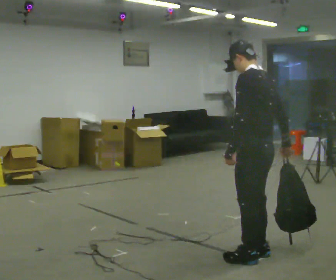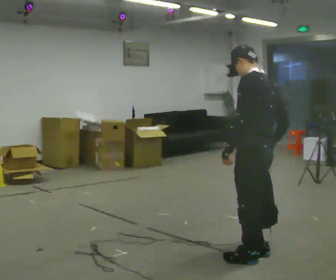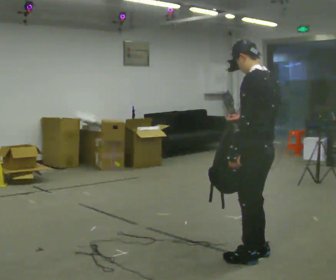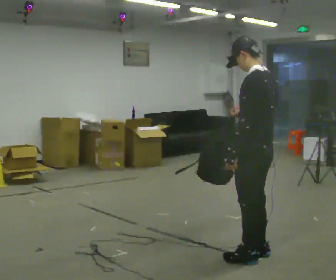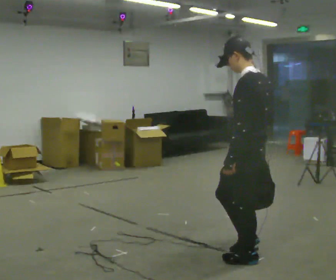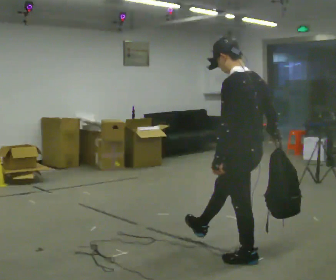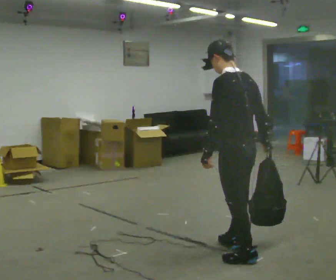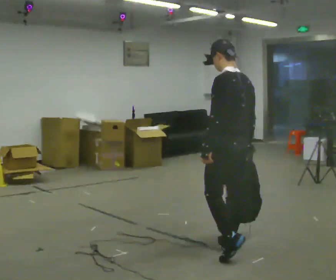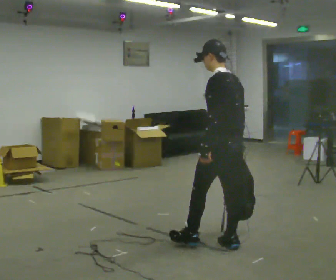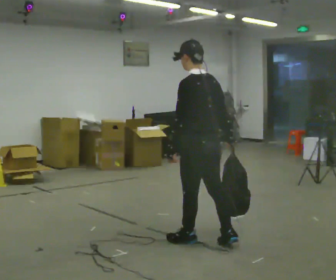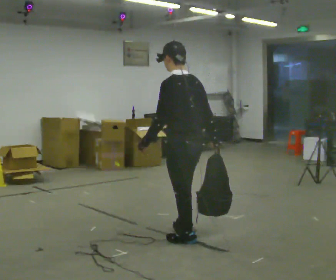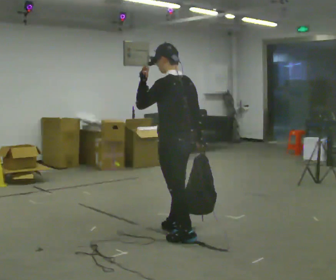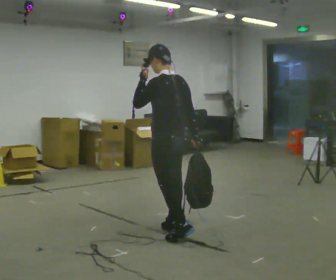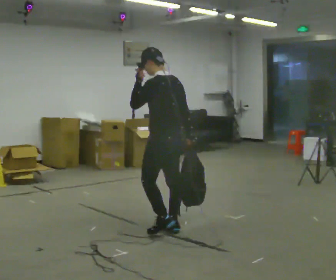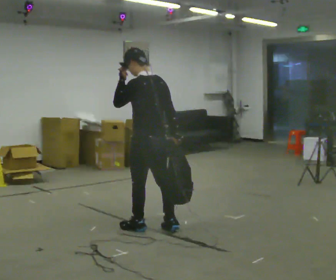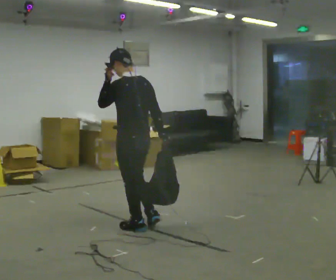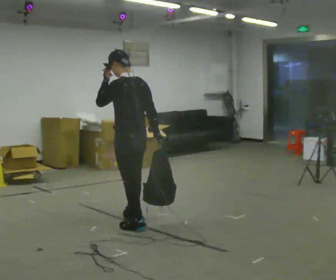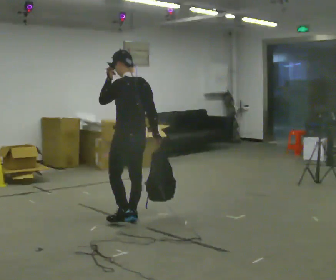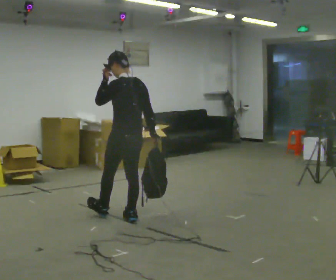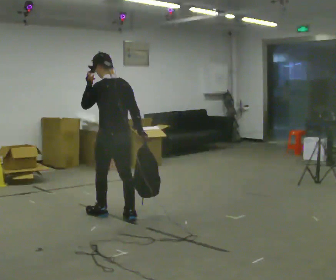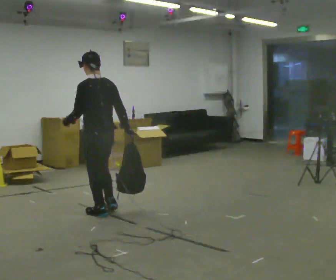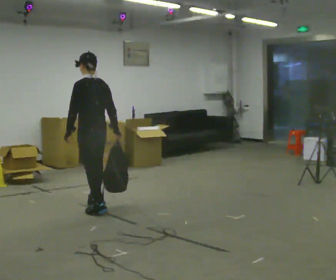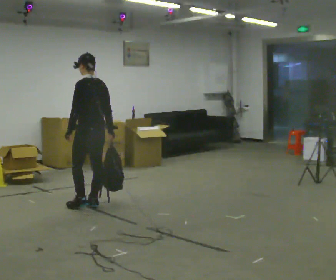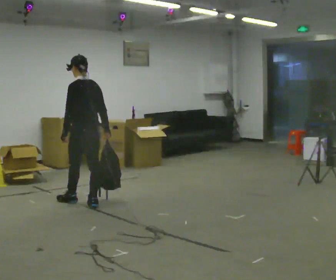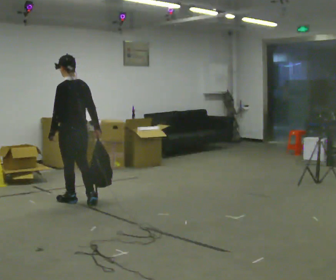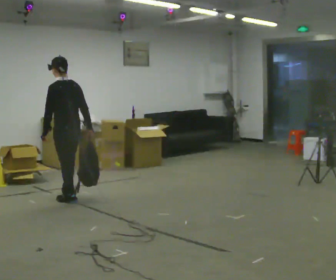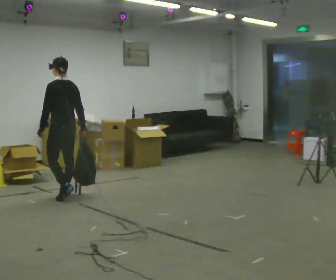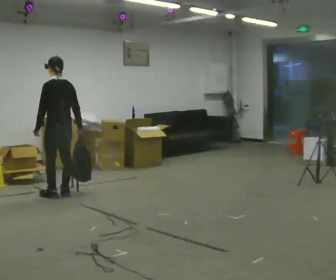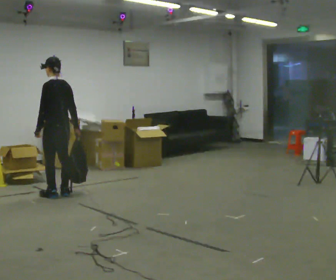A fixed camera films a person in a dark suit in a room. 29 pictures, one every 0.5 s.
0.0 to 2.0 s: The person moves a little, or ends about where they began.
2.0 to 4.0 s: In the picture they go away from the camera, about 0.5 m in 1 step, which for them is forward and to their right.
4.0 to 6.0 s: In the picture they go away from the camera and to the left, about 0.5 m in 2 steps, which for them is forward. In the picture their left hand goes upward.
6.0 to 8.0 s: In the picture they go to the left and away from the camera, about 0.5 m in 2 steps, which for them is forward.
8.0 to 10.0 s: In the picture they go away from the camera and to the left, about 0.5 m in 1 step, which for them is forward. In the picture their left hand goes downward.
10.0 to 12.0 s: In the picture they go away from the camera and to the left, about 0.5 m in 2 steps, which for them is forward.
12.0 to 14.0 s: In the picture they go away from the camera and to the left, about 0.5 m in 2 steps, which for them is forward.
The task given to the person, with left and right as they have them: Carry the soft bag across the room, back and forth. It will change shape as you move, so hold it however works.
The film runs forward here.
